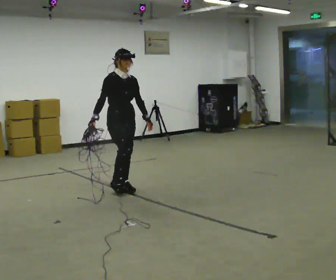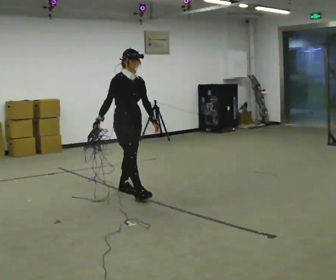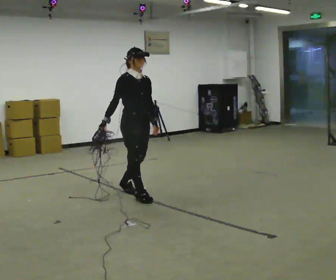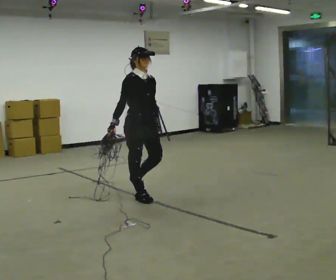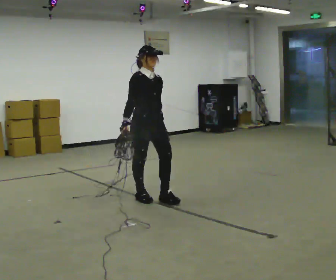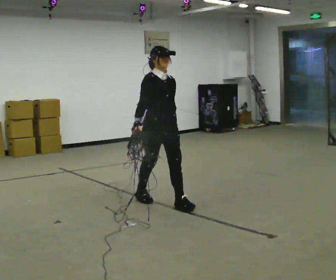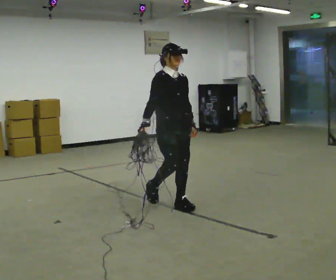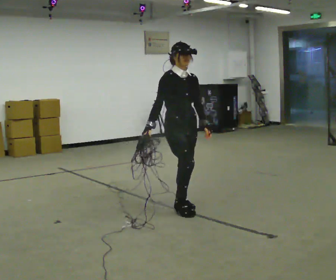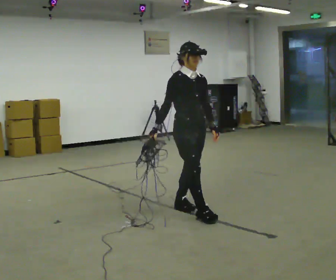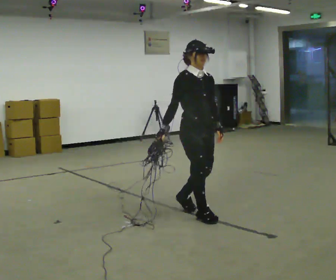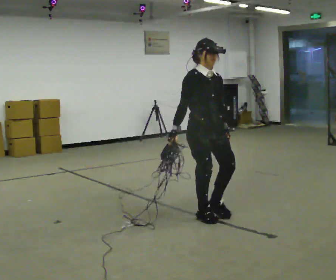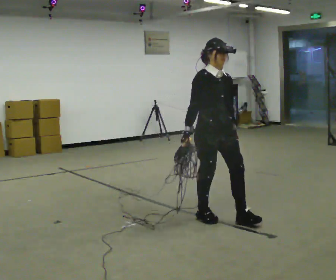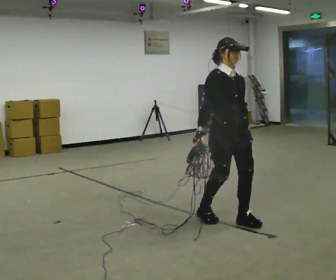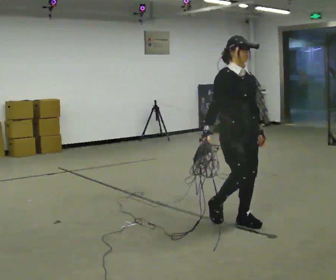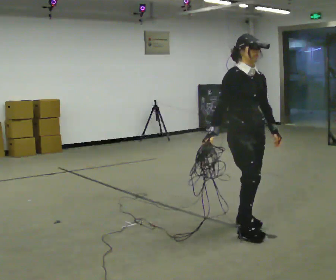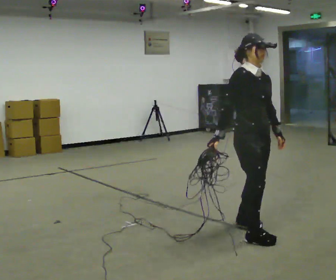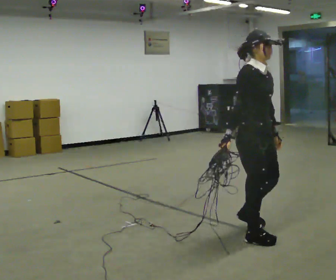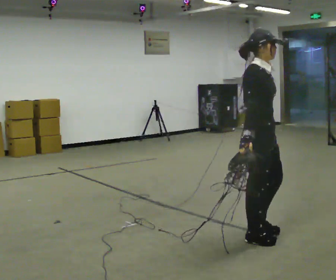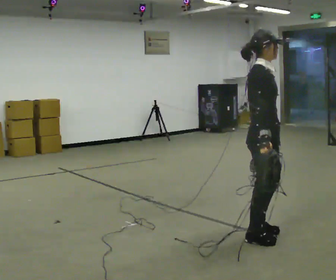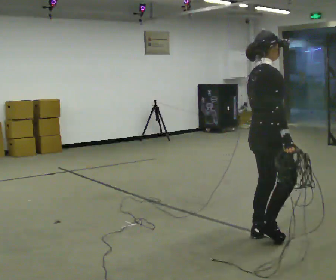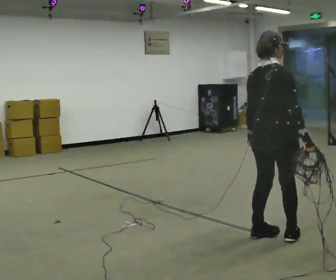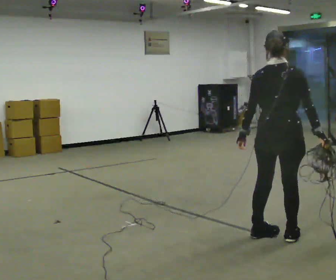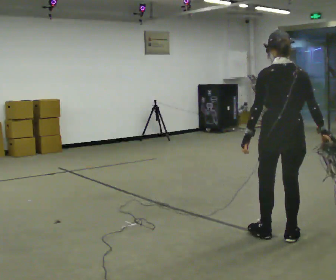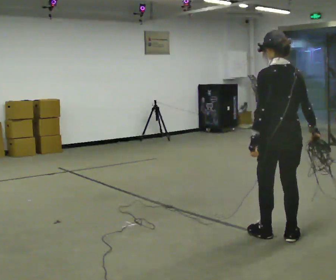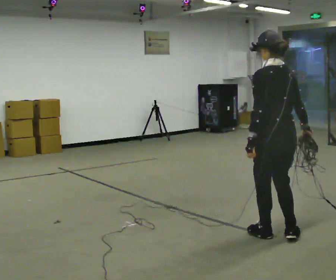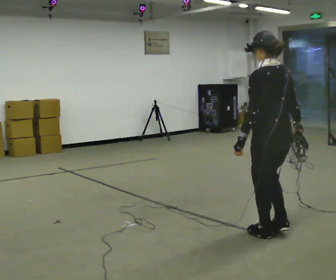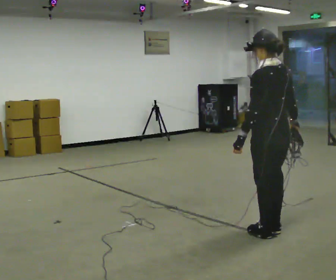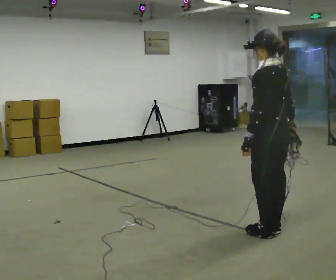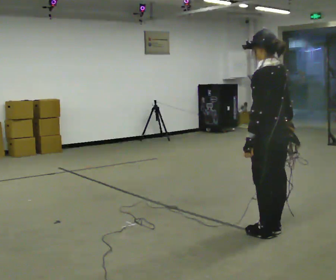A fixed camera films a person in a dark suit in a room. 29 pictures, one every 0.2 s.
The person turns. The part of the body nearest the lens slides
to the right.
The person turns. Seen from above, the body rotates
counterclockwise.
0.0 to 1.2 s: In the picture they go to the right and toward the camera, about 1 m in 2 steps, which for them is forward.
1.2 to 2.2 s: In the picture they go to the right and toward the camera, about 0.5 m in 2 steps, which for them is forward.
2.2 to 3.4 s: The person turns about 30 degrees to their left, counterclockwise seen from above, so the part of the body nearest the lens slides to the right. In the picture they go toward the camera and to the right, about 0.5 m in 1 step, which for them is forward.
3.4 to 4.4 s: Seen from above the body turns counterclockwise, about 120 degrees: to their left, with its near side sliding to the right. In the picture they go to the right, about 0.25 m in 2 steps. In the picture their right hand goes to the right, the arm swinging counterclockwise.
4.4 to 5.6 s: The person turns about 45 degrees to their left, counterclockwise seen from above, so the part of the body nearest the lens slides to the right.
The film runs forward here.
